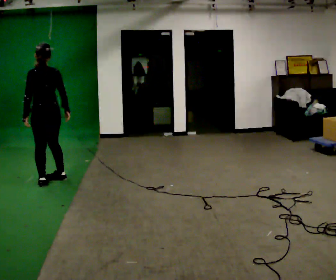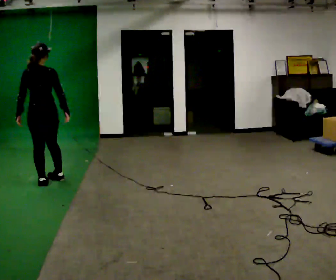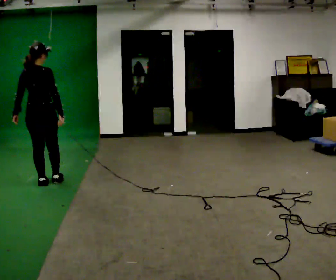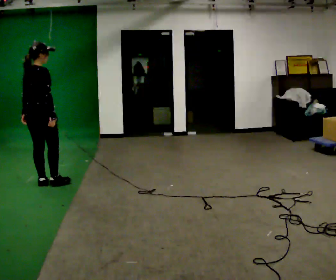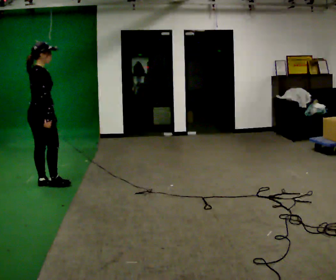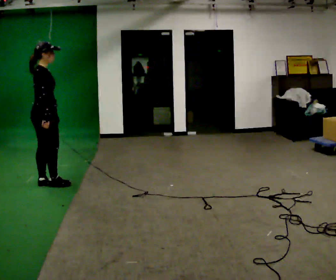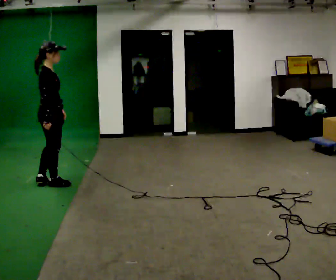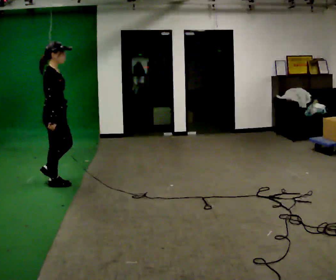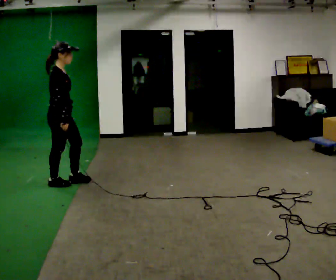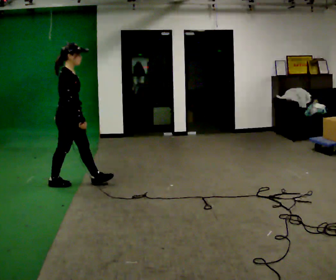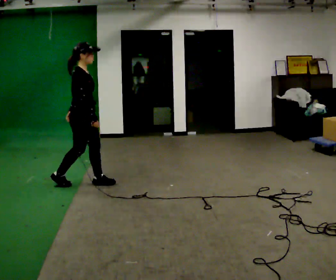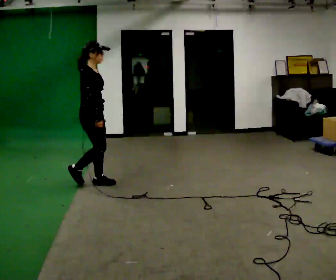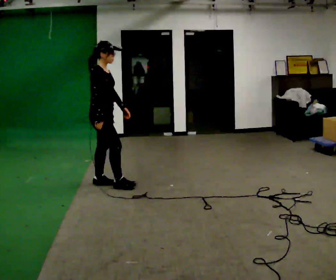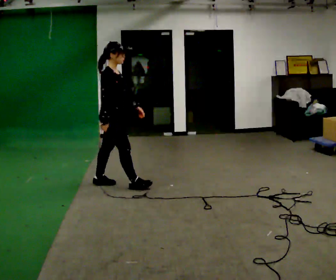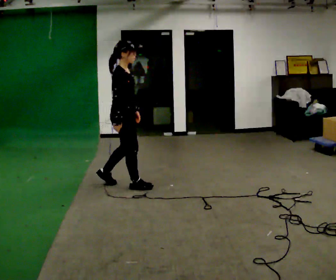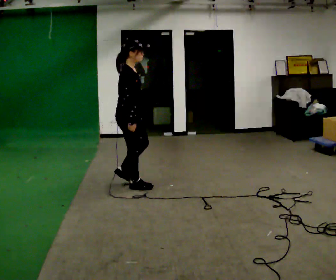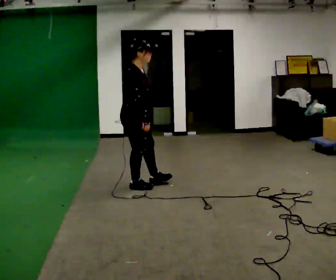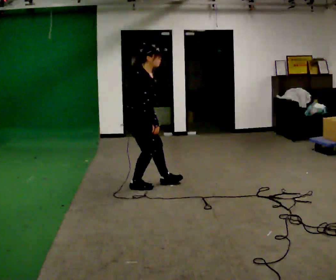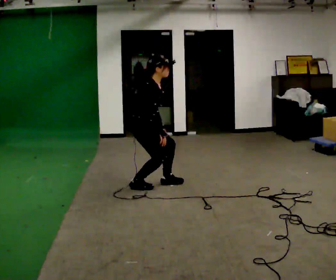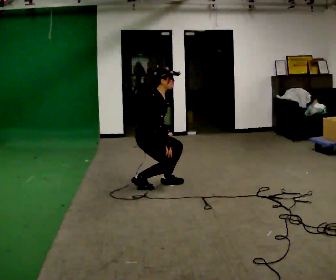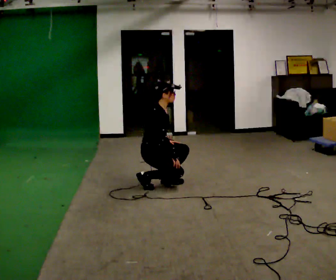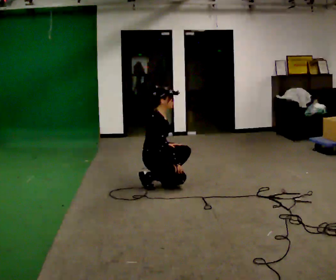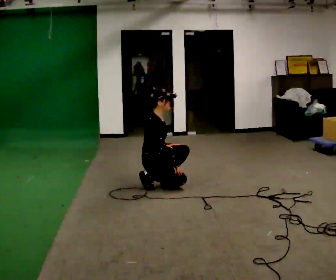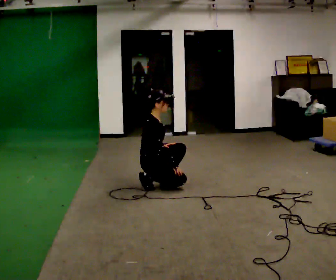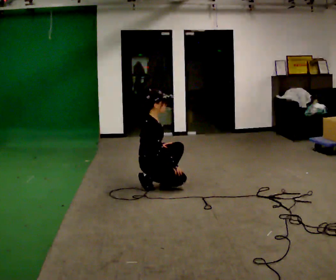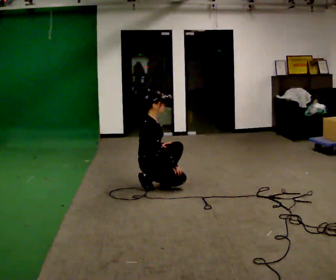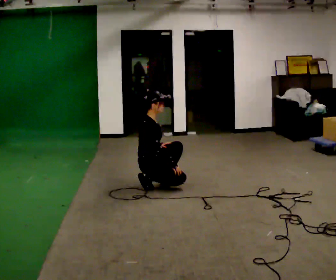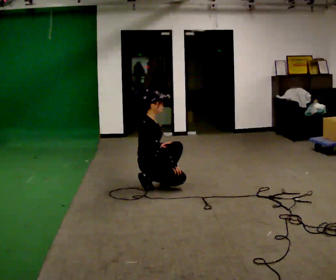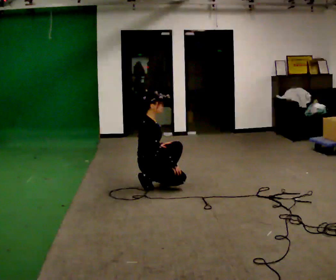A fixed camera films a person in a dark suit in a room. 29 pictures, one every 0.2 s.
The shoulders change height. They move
downward.
The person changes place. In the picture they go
to the right.
0.0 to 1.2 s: Seen from above the body turns clockwise, about 105 degrees: to their right, with its near side sliding to the left.
1.2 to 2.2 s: The person turns about 30 degrees to their right, clockwise seen from above, so the part of the body nearest the lens slides to the left. In the picture they go to the right, about 0.5 m in 1 step, which for them is forward.
2.2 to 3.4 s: In the picture they go to the right, about 0.5 m in 2 steps, which for them is forward.
3.4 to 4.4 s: The upper body goes downward. In the picture their left hand goes downward.
4.4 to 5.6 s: The person moves a little, or ends about where they began.
The film runs forward here.
